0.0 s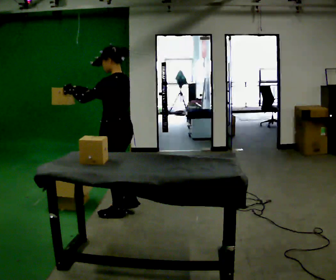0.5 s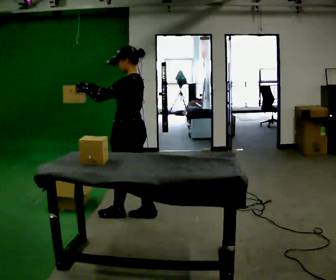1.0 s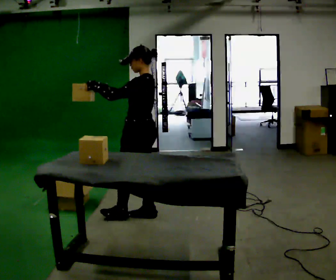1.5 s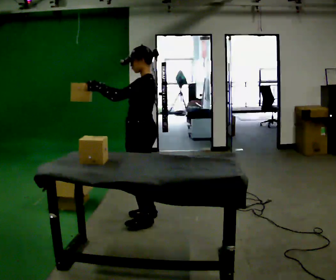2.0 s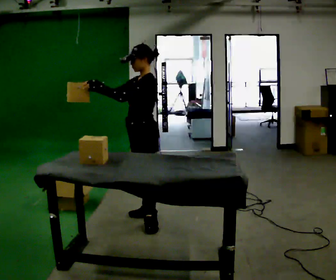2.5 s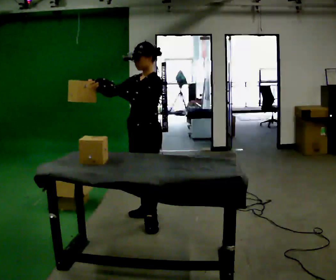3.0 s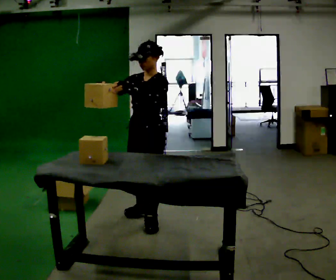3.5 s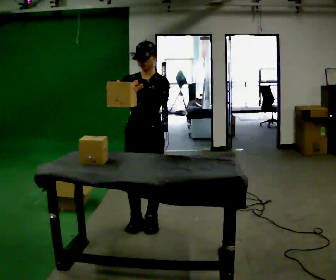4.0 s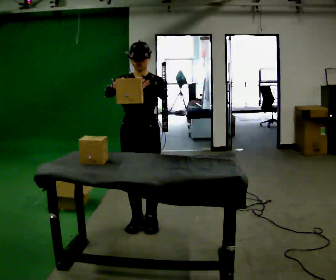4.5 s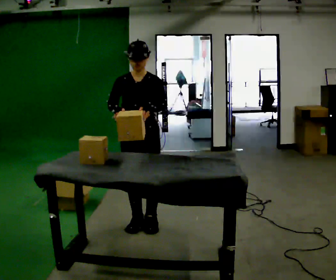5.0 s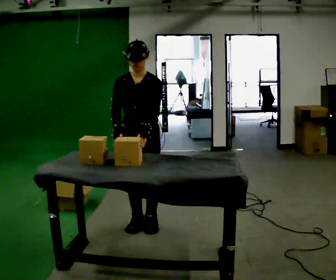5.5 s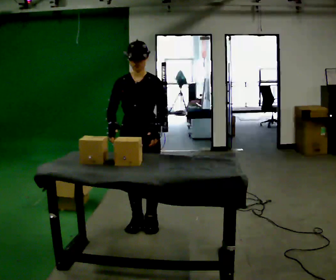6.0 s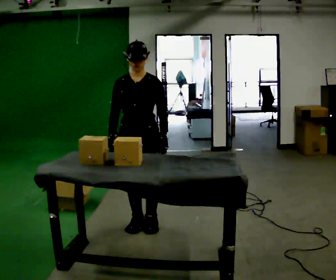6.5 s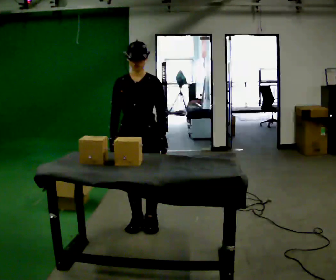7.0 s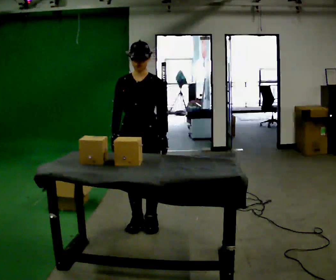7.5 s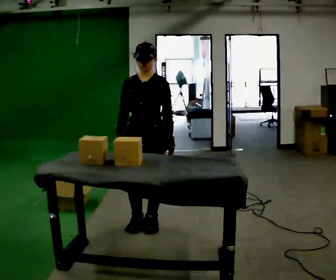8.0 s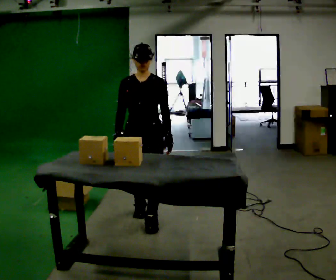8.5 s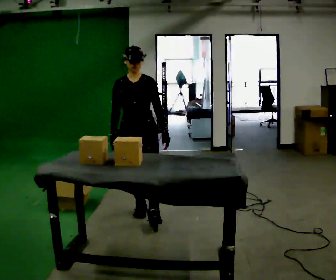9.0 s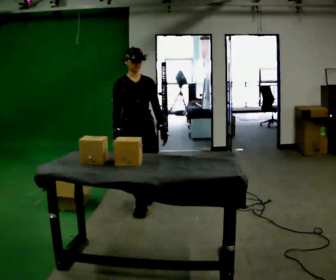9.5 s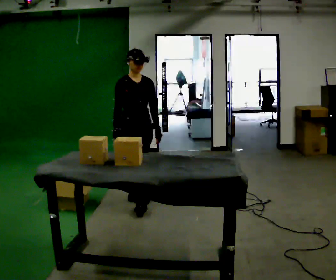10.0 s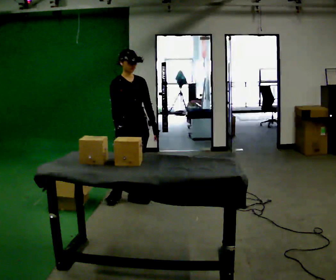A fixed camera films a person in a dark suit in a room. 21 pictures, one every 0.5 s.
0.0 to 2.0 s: Seen from above the body turns counterclockwise, about 30 degrees: to their left, with its near side sliding to the right. In the picture they go to the right, about 0.25 m in 1 step, which for them is backward.
2.0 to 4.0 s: Seen from above the body turns counterclockwise, about 75 degrees: to their left, with its near side sliding to the right. In the picture they go toward the camera, about 0.25 m in 1 step.
4.0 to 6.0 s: In the picture their right hand goes downward.
6.0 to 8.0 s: The person moves a little, or ends about where they began.
8.0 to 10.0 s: The person turns about 30 degrees to their left, counterclockwise seen from above, so the part of the body nearest the lens slides to the right. In the picture they go away from the camera, about 0.75 m in 2 steps, which for them is backward.
The film runs backward here.
